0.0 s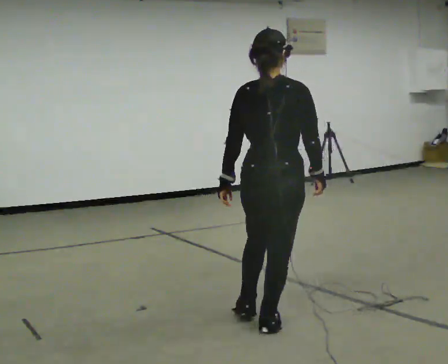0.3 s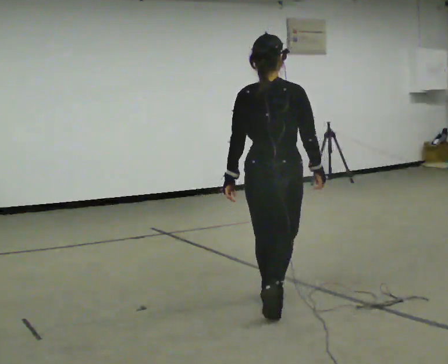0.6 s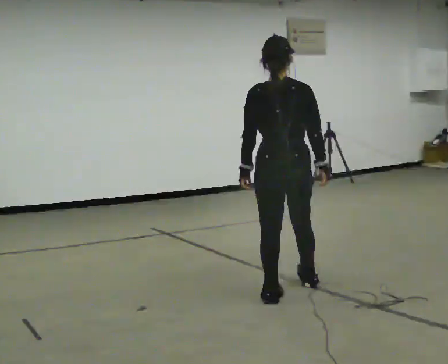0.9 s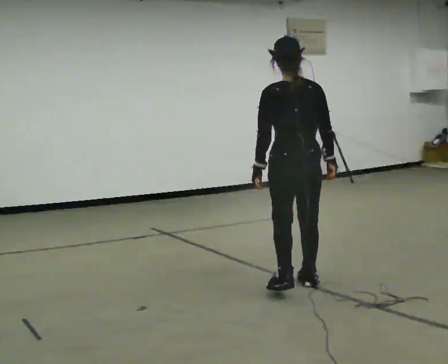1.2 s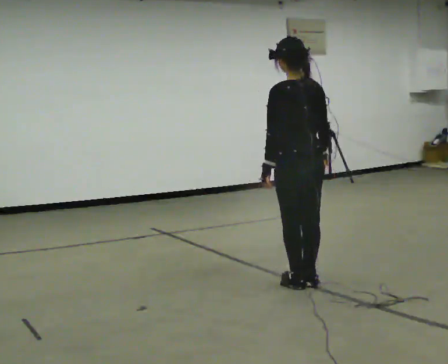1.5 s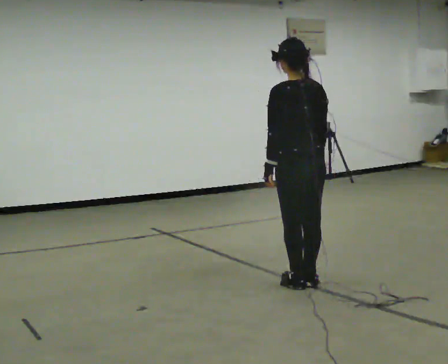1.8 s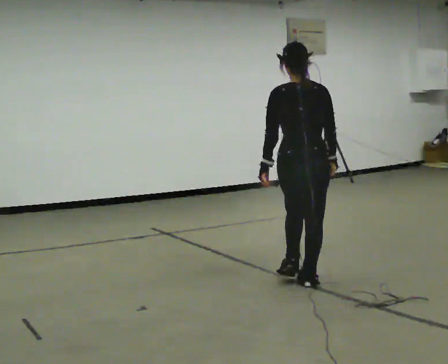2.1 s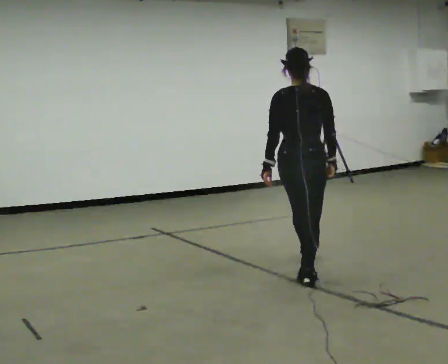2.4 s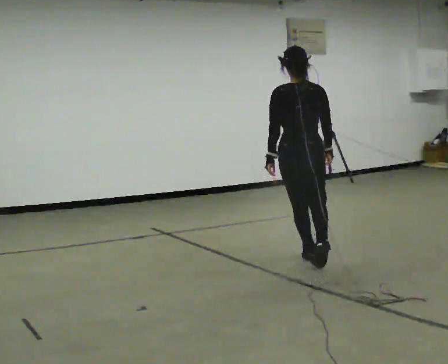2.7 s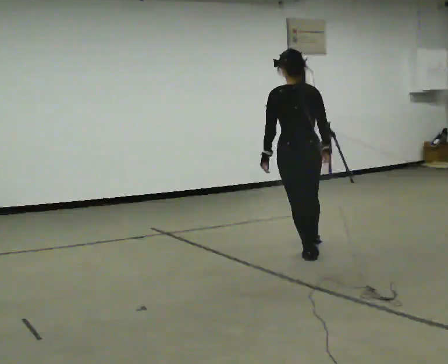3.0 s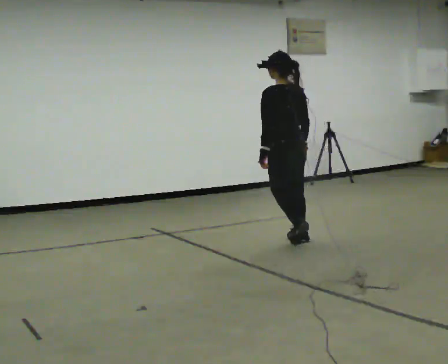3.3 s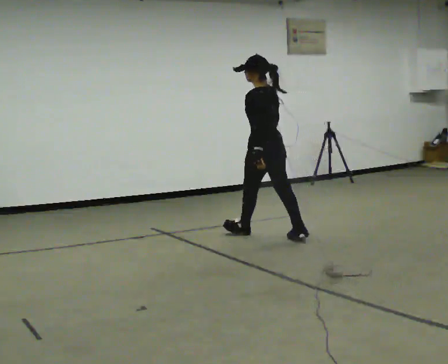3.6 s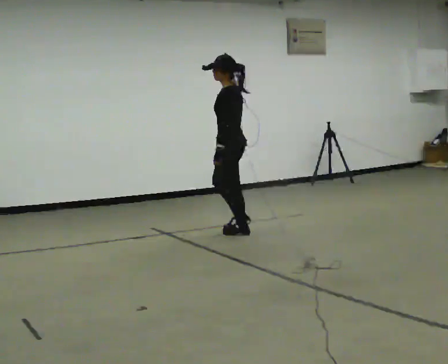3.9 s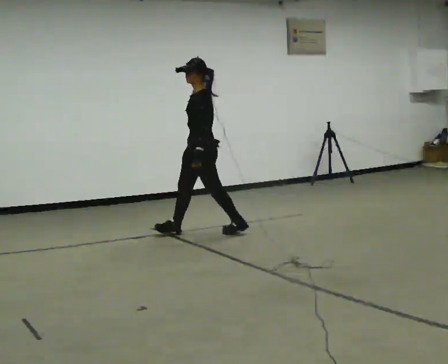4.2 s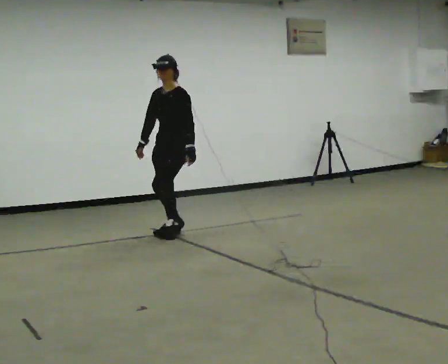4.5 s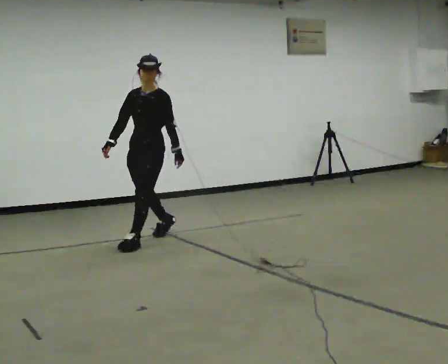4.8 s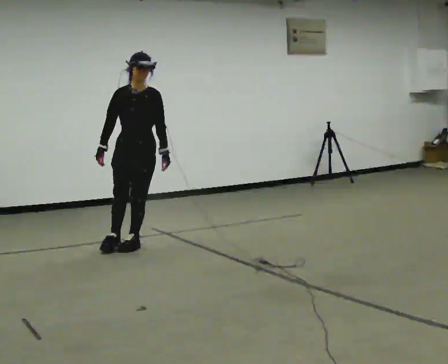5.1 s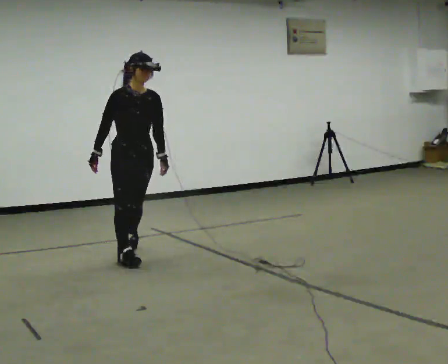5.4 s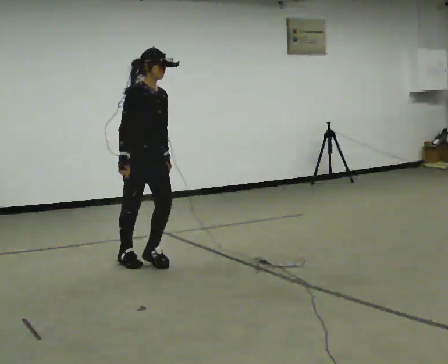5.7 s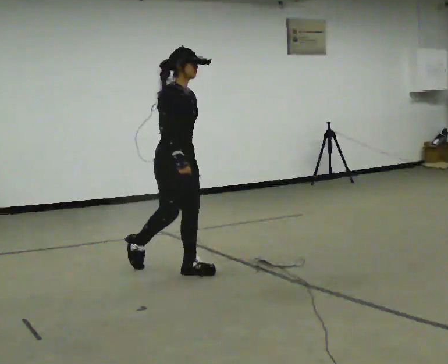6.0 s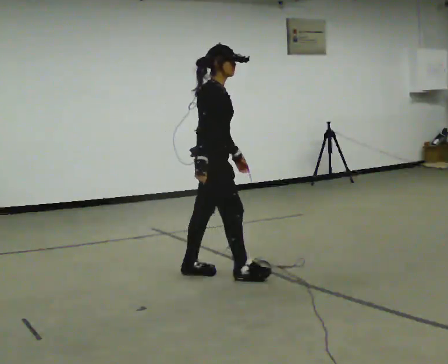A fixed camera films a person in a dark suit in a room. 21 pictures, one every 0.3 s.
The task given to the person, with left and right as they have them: Walk one full figure-eight continuously at comfortable speed; stop.
0.0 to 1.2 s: The part of the body nearest the lens slides to the right as the person turns to their left by about 45 degrees. In the picture they go away from the camera, about 1 m in 3 steps, which for them is forward.
1.2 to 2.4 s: The person turns about 45 degrees to their right, clockwise seen from above, so the part of the body nearest the lens slides to the left. In the picture they go away from the camera, about 0.75 m in 1 step, which for them is forward.
2.4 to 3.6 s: The person turns about 90 degrees to their left, counterclockwise seen from above, so the part of the body nearest the lens slides to the right. In the picture they go away from the camera and to the left, about 1 m in 2 steps.
3.6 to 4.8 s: Seen from above the body turns counterclockwise, about 105 degrees: to their left, with its near side sliding to the right. In the picture they go to the left and toward the camera, about 1 m in 2 steps.
4.8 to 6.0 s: The part of the body nearest the lens slides to the right as the person turns to their left by about 90 degrees. In the picture they go toward the camera and to the right, about 1 m in 2 steps.
The film runs forward here.
